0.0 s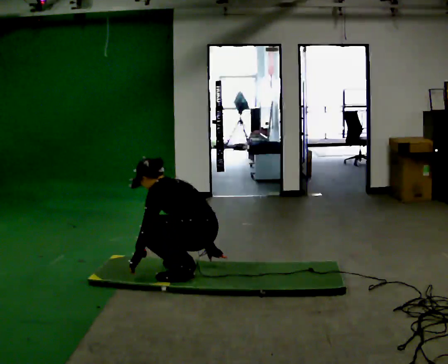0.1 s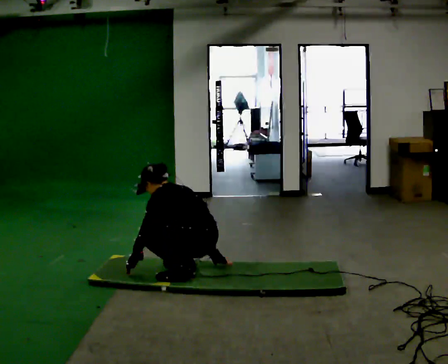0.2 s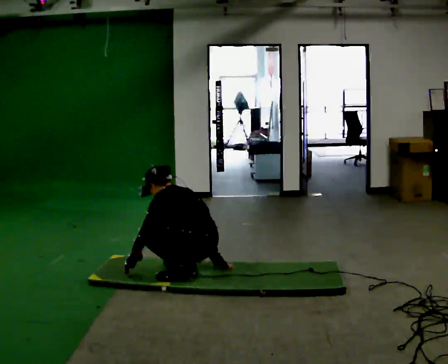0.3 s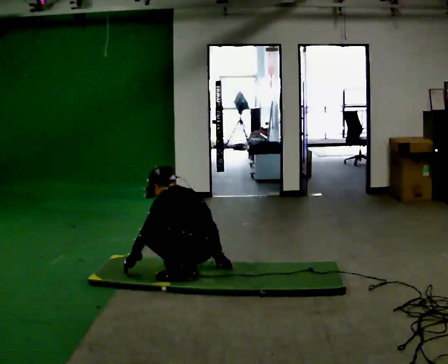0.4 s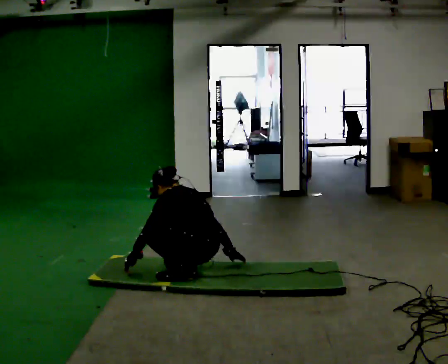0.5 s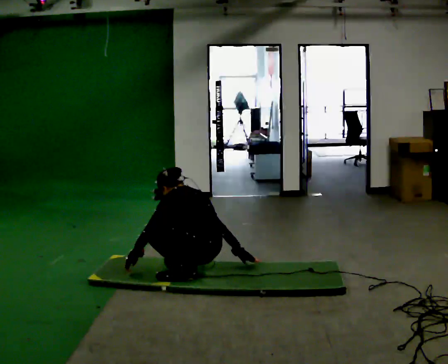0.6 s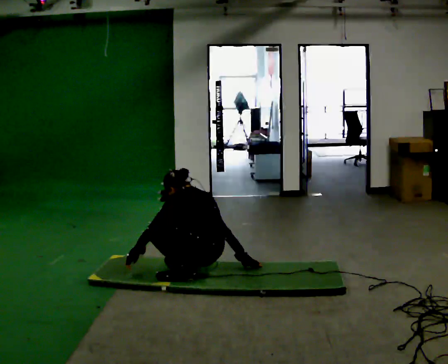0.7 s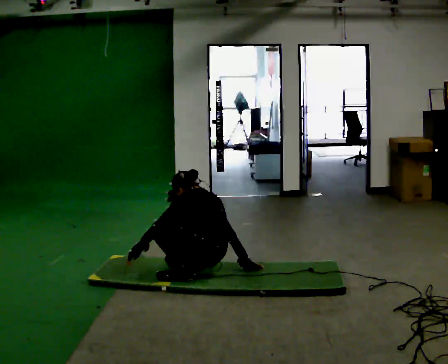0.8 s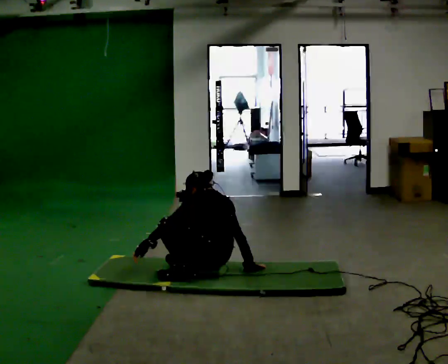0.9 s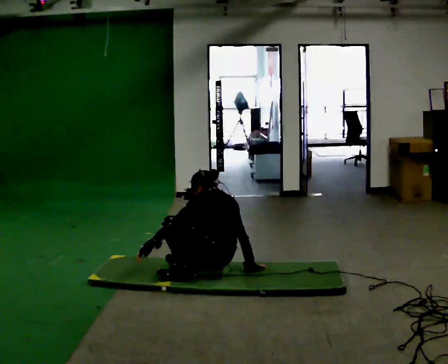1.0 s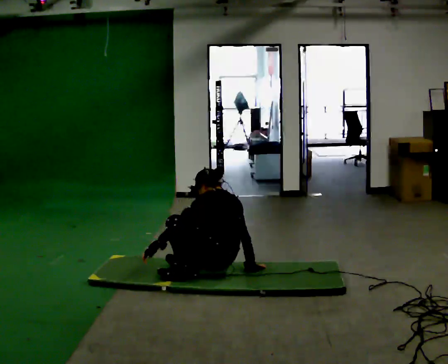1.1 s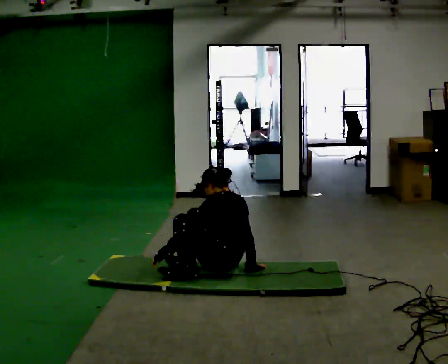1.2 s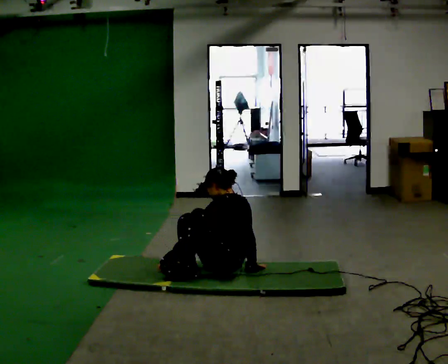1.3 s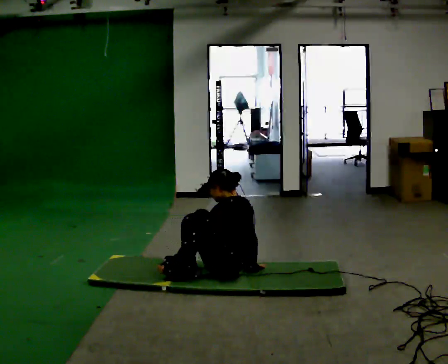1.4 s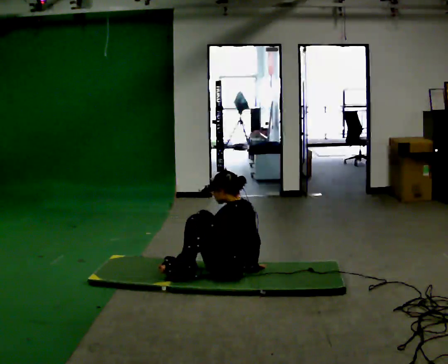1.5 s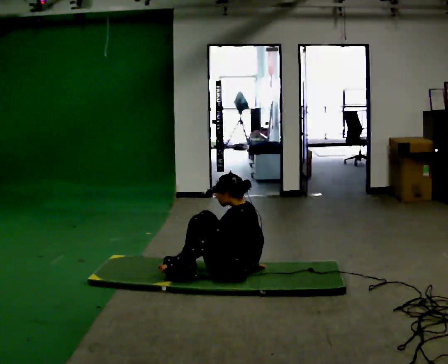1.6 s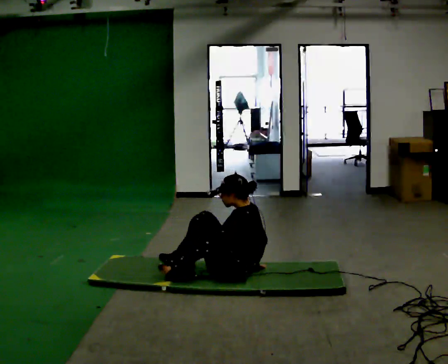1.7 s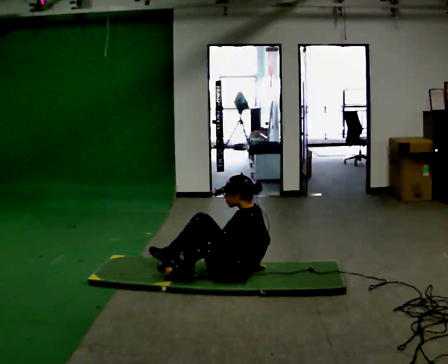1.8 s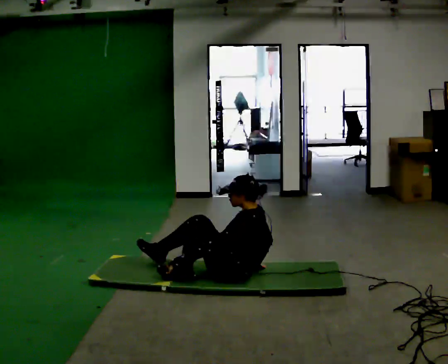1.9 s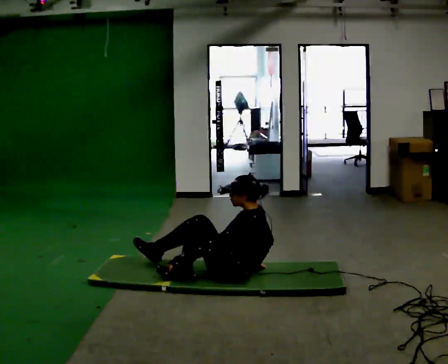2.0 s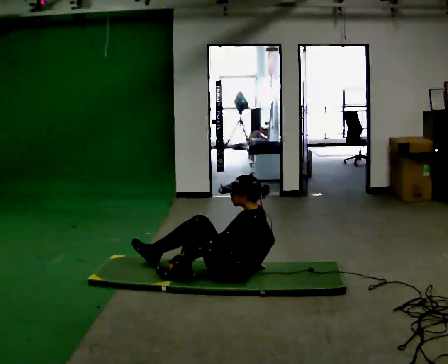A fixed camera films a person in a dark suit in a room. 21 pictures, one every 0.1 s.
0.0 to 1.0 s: In the picture they go to the right, about 0.25 m, which for them is backward. In the picture the upper body tilts clockwise, shoulders to the right, as they lean back or straighten.
1.0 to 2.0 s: In the picture the upper body tilts clockwise, shoulders to the right, as they lean back or straighten.
The film runs forward here.
